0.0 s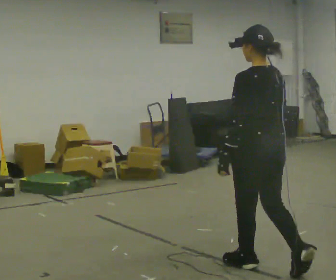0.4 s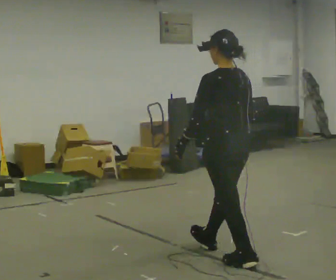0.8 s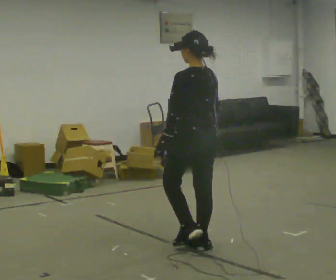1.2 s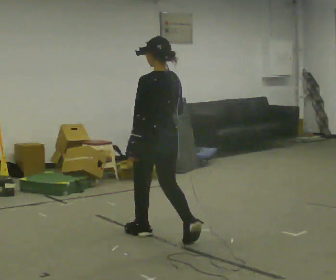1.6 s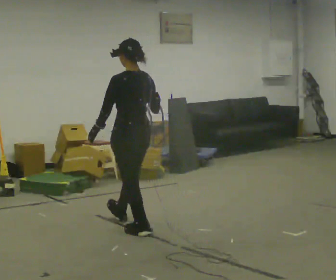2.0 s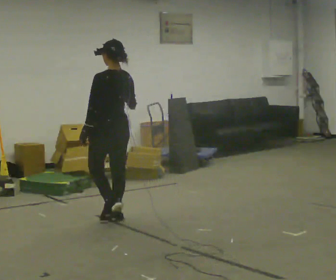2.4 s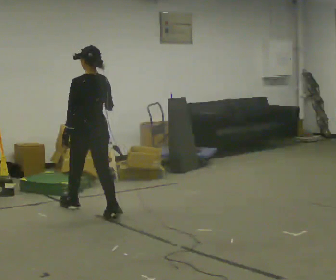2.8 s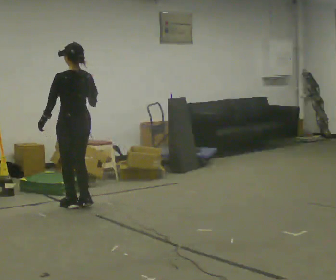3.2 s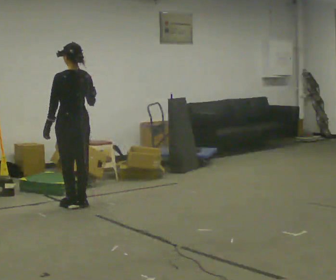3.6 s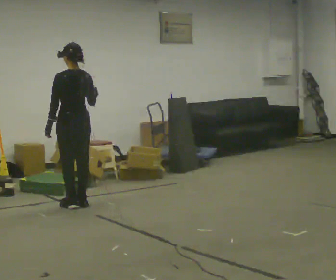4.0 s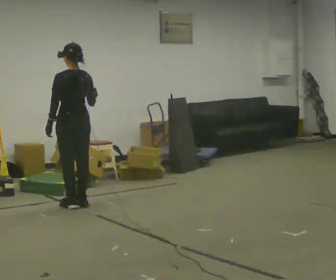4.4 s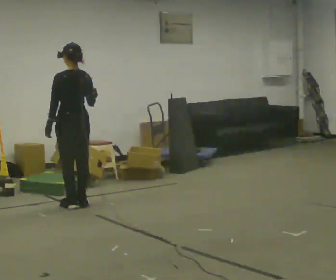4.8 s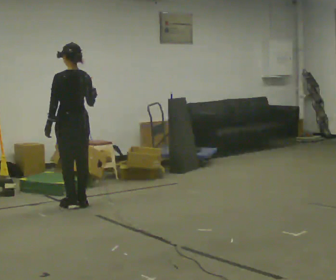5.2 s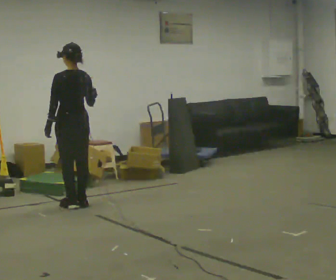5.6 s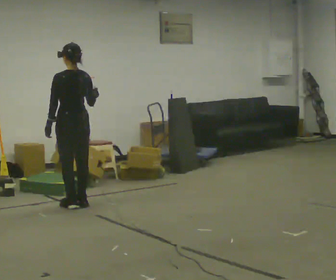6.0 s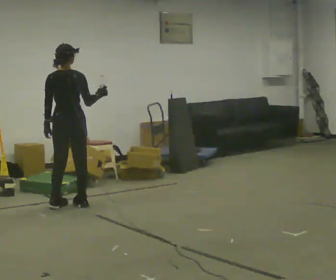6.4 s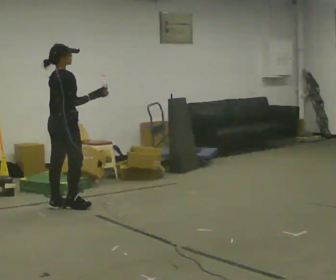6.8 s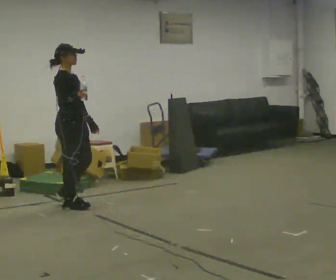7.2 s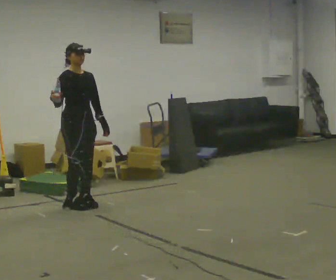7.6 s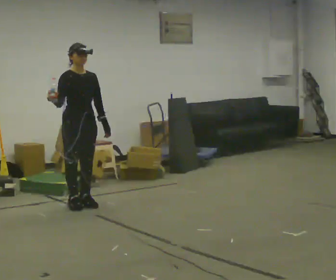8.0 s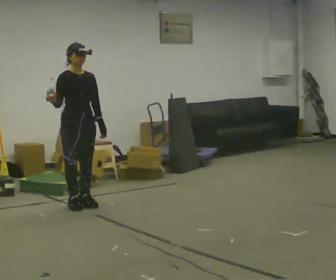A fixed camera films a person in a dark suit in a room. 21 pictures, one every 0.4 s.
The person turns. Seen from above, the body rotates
clockwise.
The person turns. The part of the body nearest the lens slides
to the left.
0.0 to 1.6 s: In the picture they go away from the camera and to the left, about 1.5 m in 2 steps, which for them is forward.
1.6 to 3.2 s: In the picture they go away from the camera and to the left, about 1 m in 3 steps, which for them is forward.
3.2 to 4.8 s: The person moves a little, or ends about where they began.
4.8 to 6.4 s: The person turns about 90 degrees to their right, clockwise seen from above, so the part of the body nearest the lens slides to the left.
6.4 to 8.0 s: The part of the body nearest the lens slides to the left as the person turns to their right by about 90 degrees. In the picture their right hand goes to the left.
The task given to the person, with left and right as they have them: Carry the open container of water across the room without spilling it, back and forth.
The film runs forward here.
